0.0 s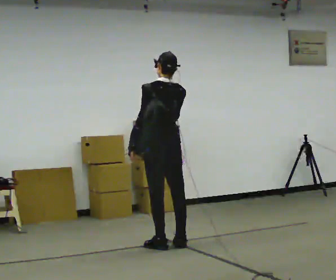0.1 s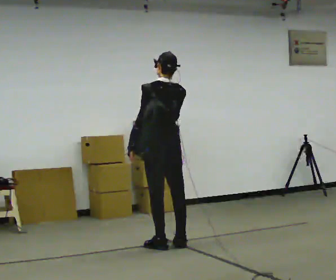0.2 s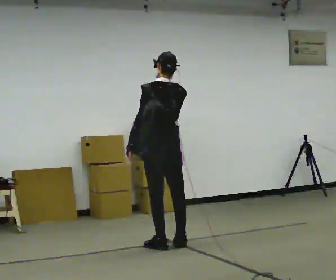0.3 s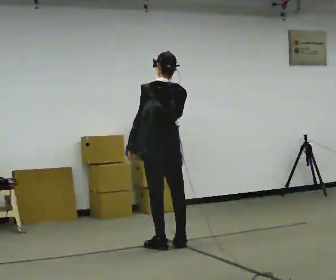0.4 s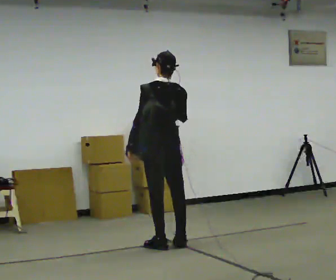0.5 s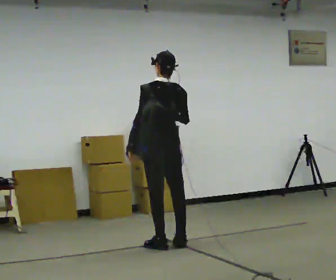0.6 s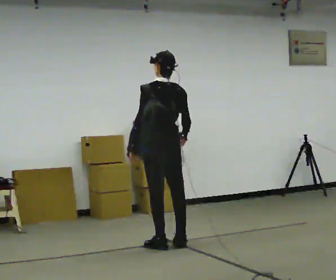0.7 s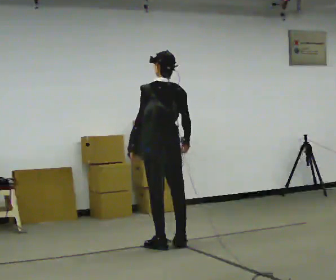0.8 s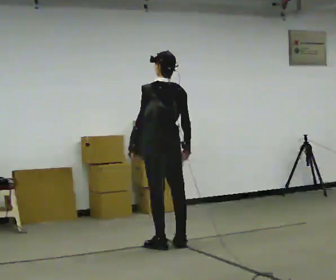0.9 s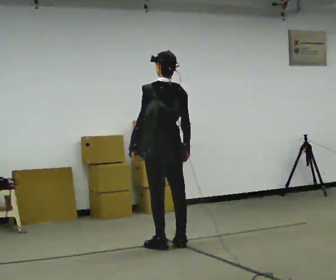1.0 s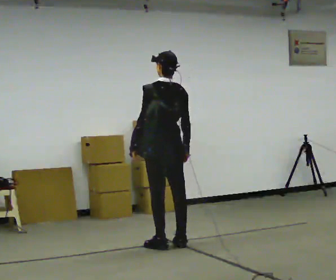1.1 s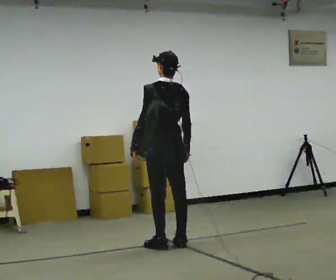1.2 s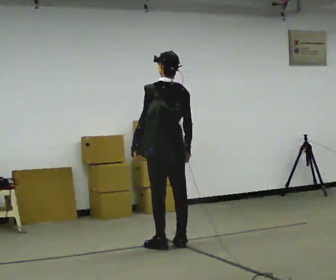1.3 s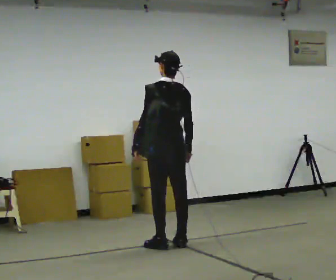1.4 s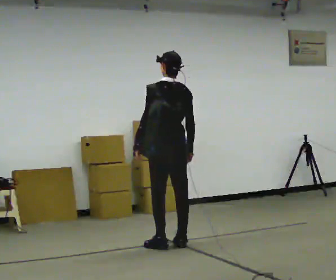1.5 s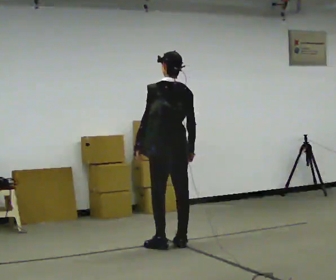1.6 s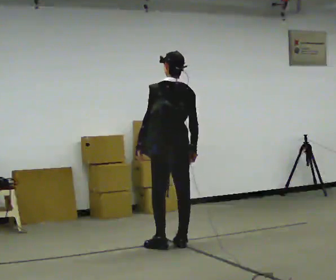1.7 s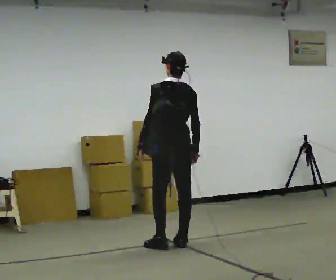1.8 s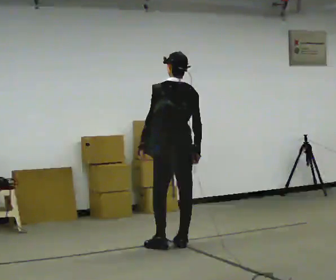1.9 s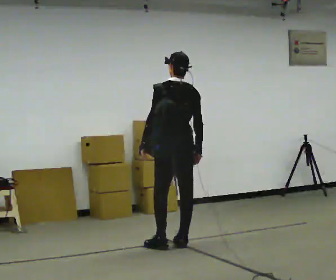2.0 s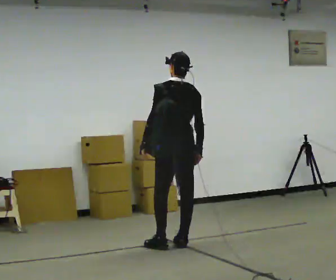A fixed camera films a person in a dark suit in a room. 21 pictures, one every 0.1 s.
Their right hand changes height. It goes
downward.
0.0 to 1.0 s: In the picture their right hand goes downward.
1.0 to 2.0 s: The person moves a little, or ends about where they began.
The film runs backward here.
